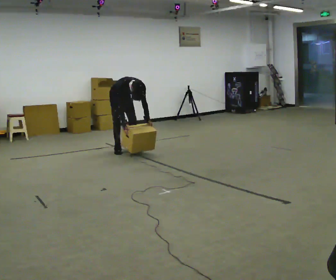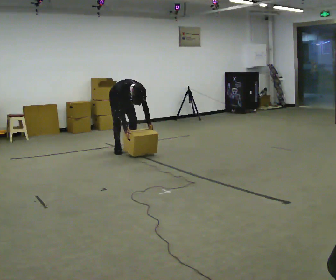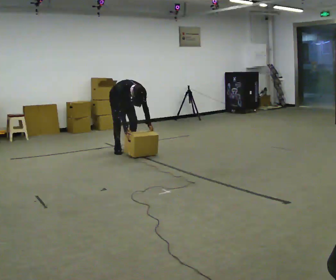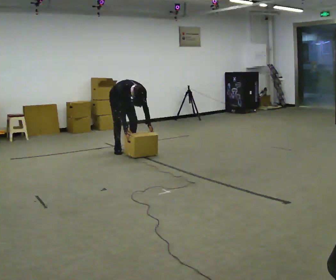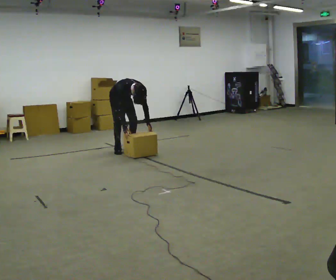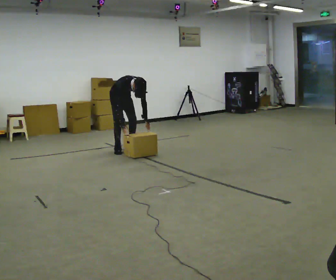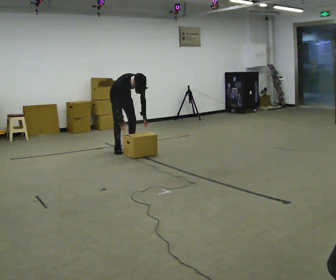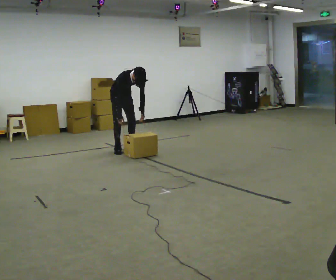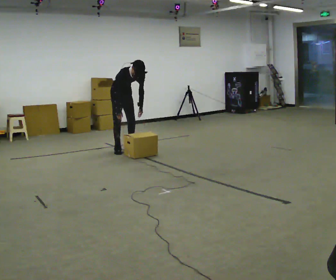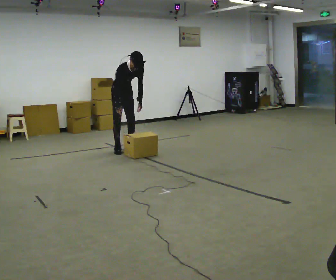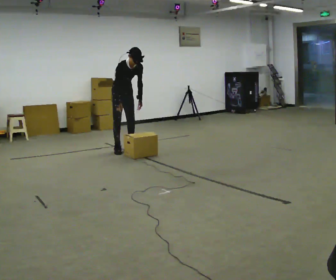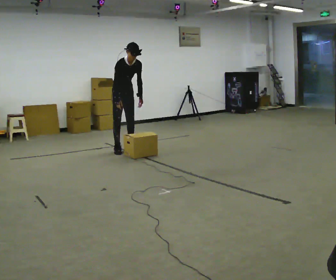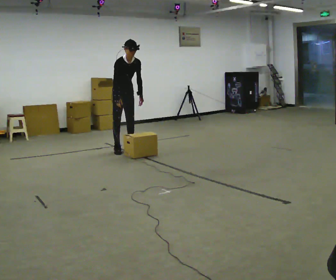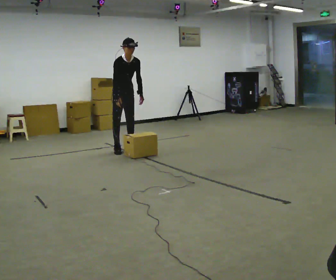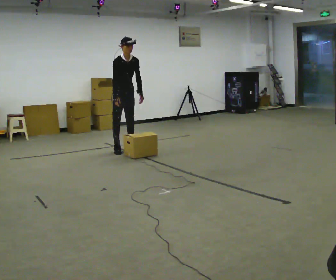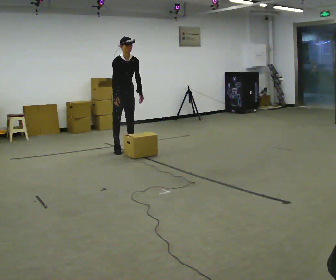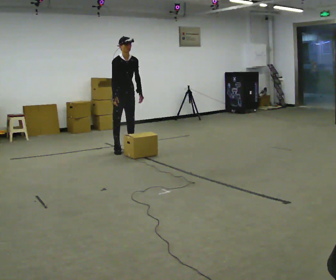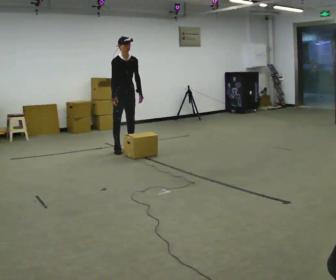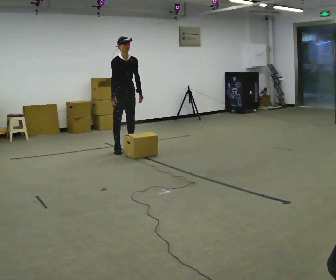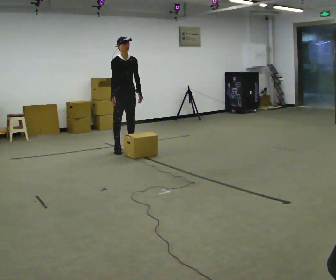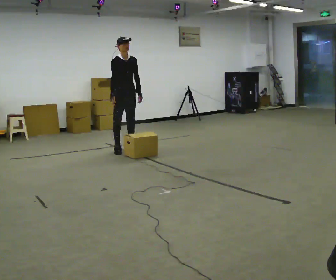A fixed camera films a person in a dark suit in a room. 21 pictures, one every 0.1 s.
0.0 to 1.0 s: The upper body goes upward. The upper body tips away from the camera, its near side rolling upward, as they lean back or straighten. In the picture their left hand goes upward.
1.0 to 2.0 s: The upper body tips away from the camera, its near side rolling upward, as they lean back or straighten.
The film runs forward here.
